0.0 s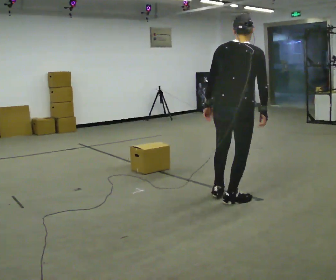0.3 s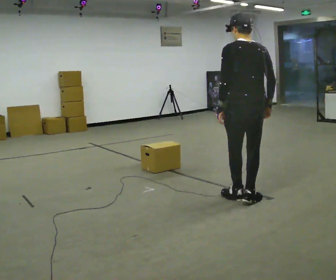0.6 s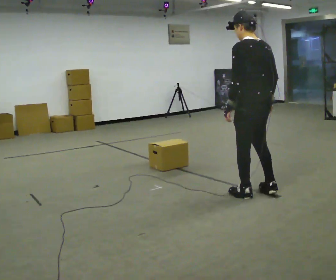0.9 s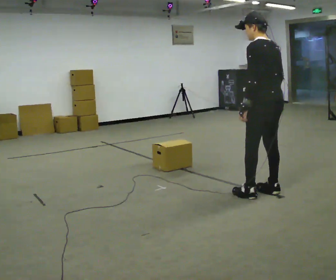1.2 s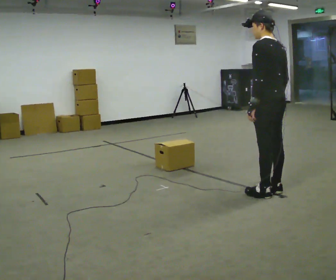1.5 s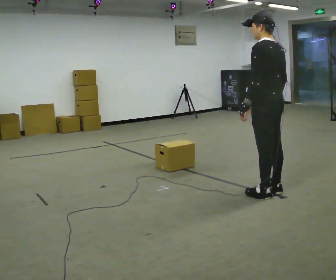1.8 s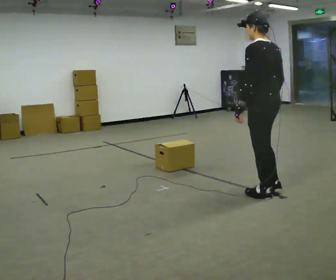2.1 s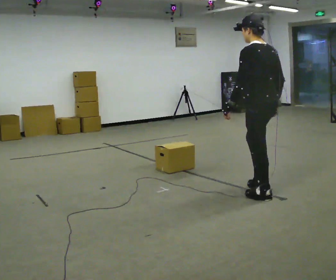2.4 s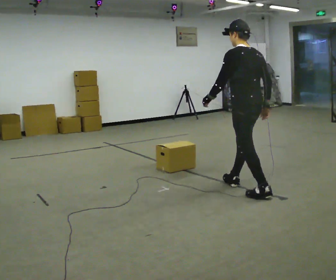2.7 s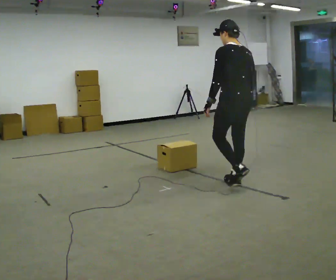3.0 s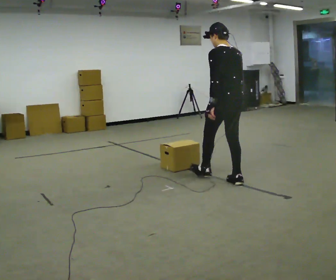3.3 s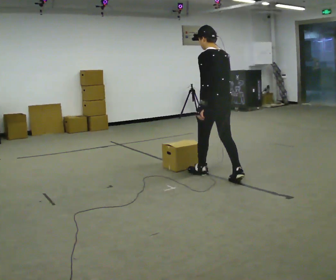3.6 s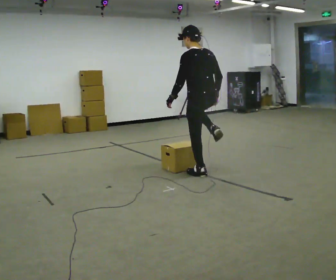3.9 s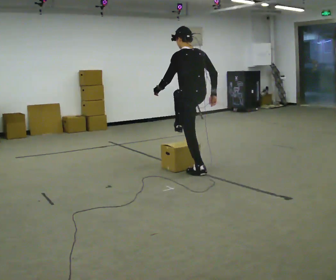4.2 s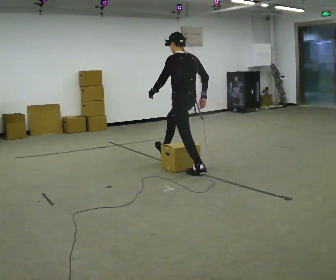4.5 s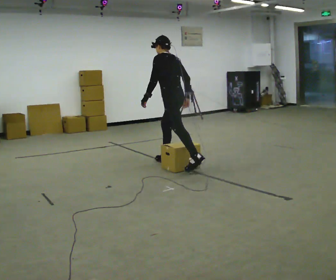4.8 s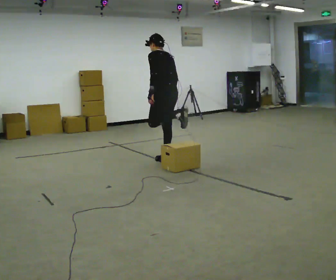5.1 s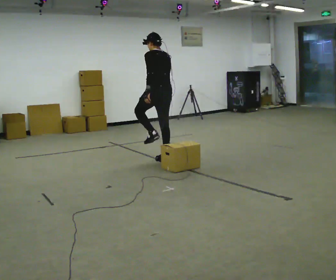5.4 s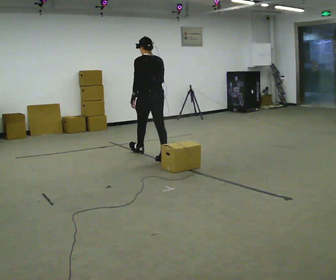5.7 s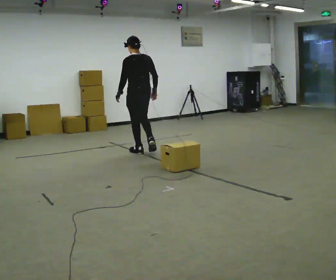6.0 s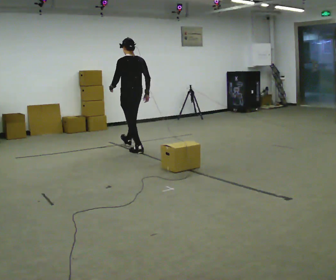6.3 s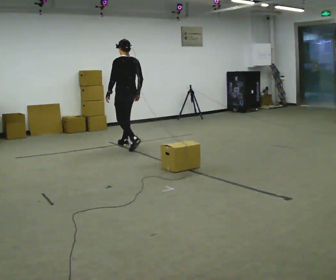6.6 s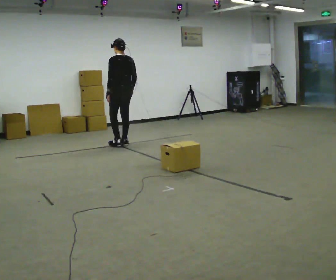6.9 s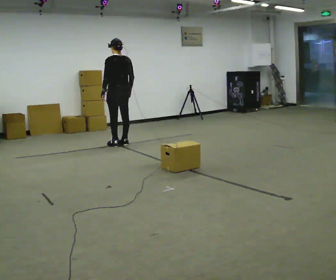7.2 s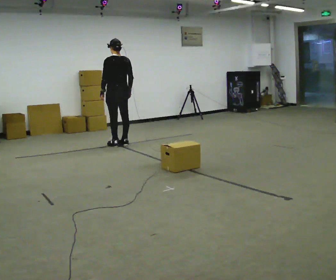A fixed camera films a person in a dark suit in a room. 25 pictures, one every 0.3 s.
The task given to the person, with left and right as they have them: Walk toward low obstacle; step over without stopping; continue.
0.0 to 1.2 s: The person turns about 75 degrees to their left, counterclockwise seen from above, so the part of the body nearest the lens slides to the right.
1.2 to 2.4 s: In the picture they go to the left and away from the camera, about 0.25 m in 1 step, which for them is forward.
2.4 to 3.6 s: In the picture they go away from the camera and to the left, about 1 m in 1 step, which for them is forward.
3.6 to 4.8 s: In the picture they go away from the camera and to the left, about 1 m in 1 step, which for them is forward and to their right. The upper body tips away from the camera, its near side rolling upward, as they bend forward.
4.8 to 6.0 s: In the picture they go away from the camera and to the left, about 1 m in 1 step, which for them is forward. The upper body tips toward the camera, its near side rolling downward, as they lean back or straighten.
6.0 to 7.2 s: In the picture they go away from the camera and to the left, about 0.5 m in 2 steps, which for them is forward.
The film runs forward here.
